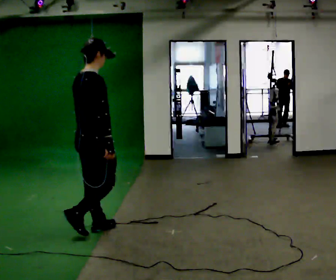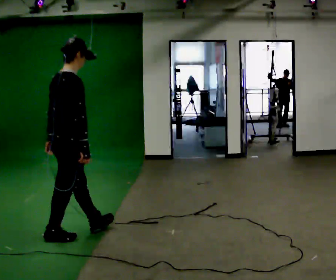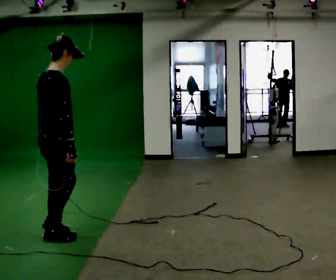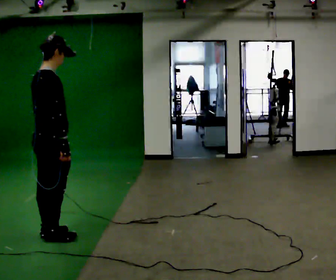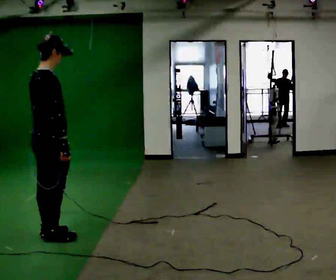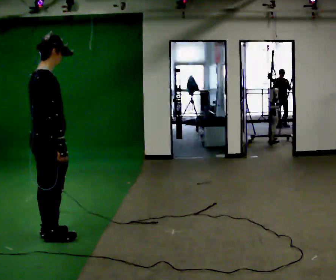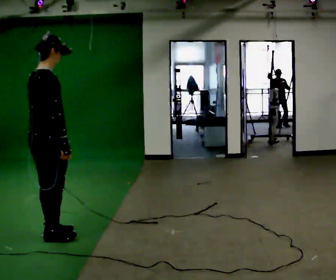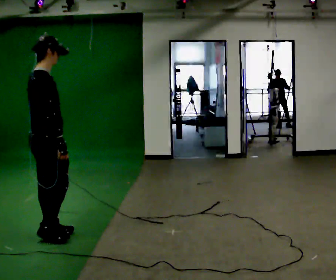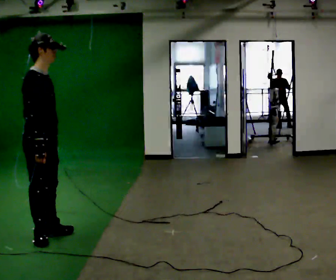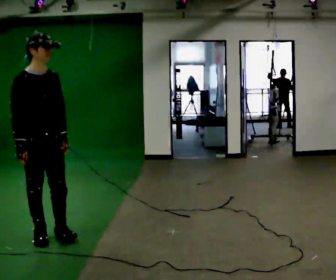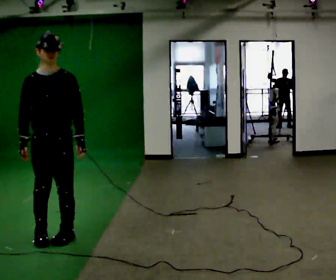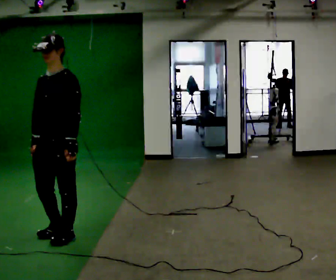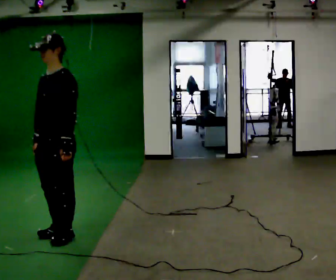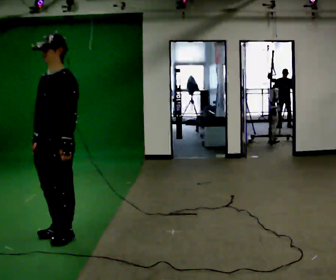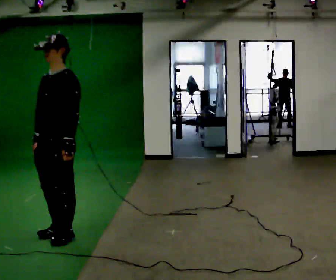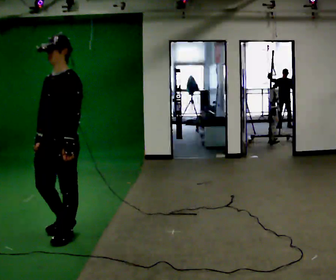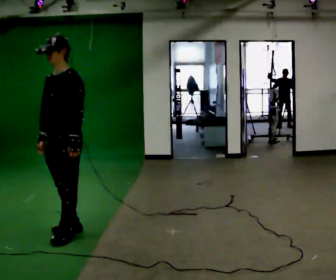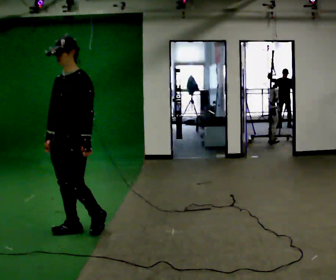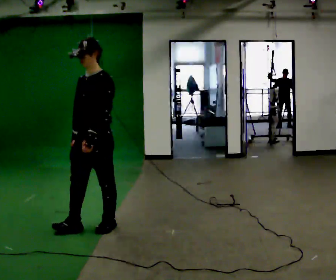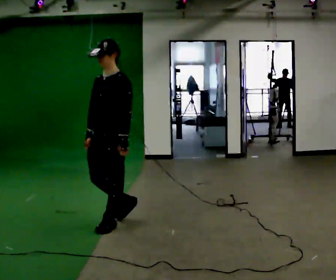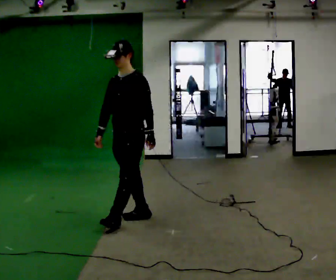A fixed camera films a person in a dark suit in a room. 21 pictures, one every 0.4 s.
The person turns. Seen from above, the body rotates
clockwise.
The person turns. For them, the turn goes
to their right.
0.0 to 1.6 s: In the picture they go to the left and toward the camera, about 0.5 m in 1 step, which for them is backward.
1.6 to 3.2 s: The part of the body nearest the lens slides to the left as the person turns to their right by about 30 degrees.
3.2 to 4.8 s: Seen from above the body turns clockwise, about 135 degrees: to their right, with its near side sliding to the left. In the picture they go to the right, about 0.25 m in 2 steps.
4.8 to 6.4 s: The person moves a little, or ends about where they began.
6.4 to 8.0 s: In the picture they go to the right and away from the camera, about 0.75 m in 3 steps, which for them is backward.
The film runs backward here.
